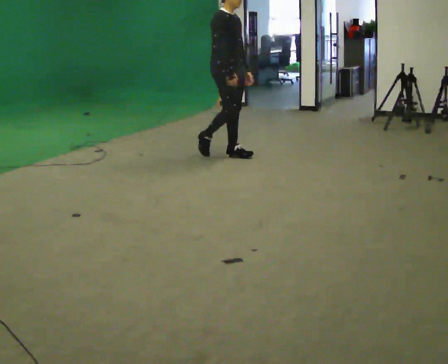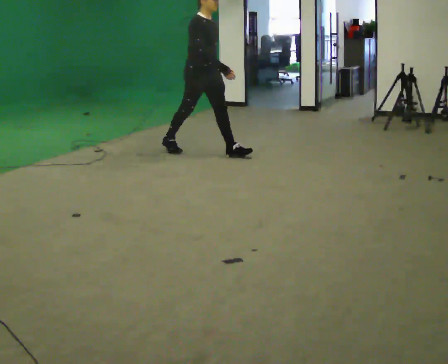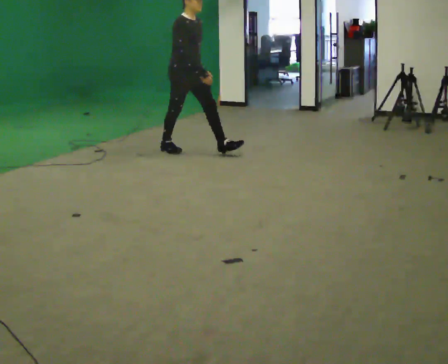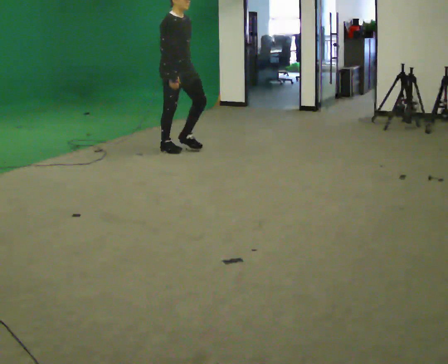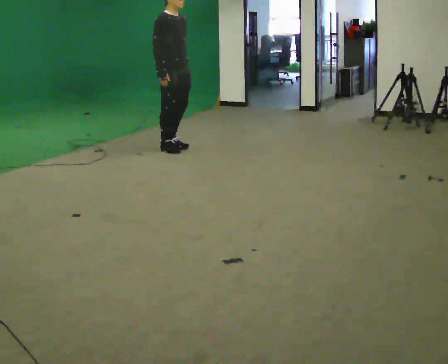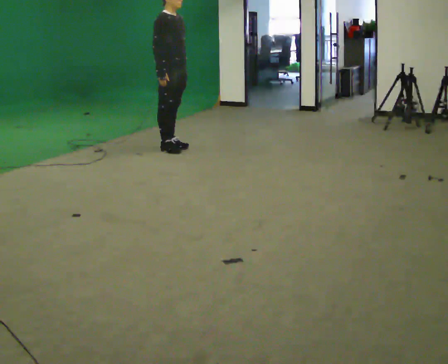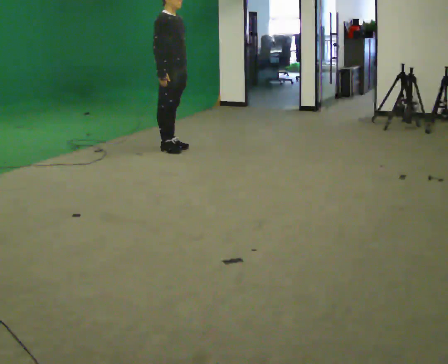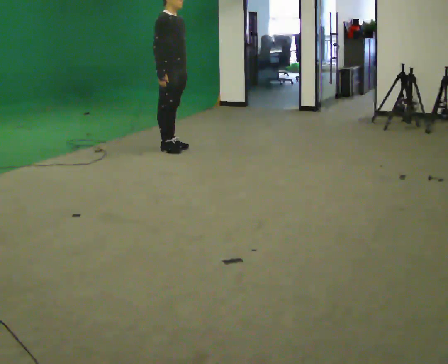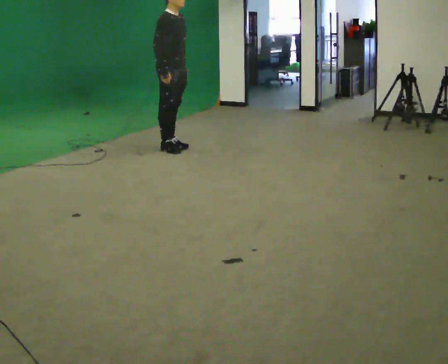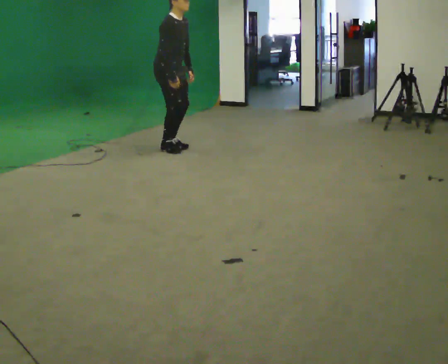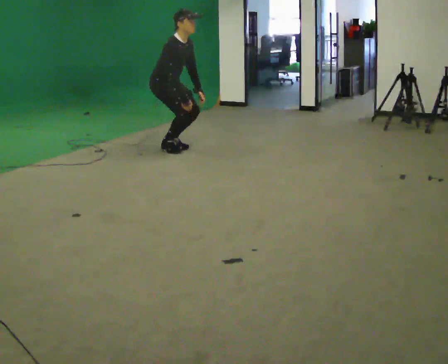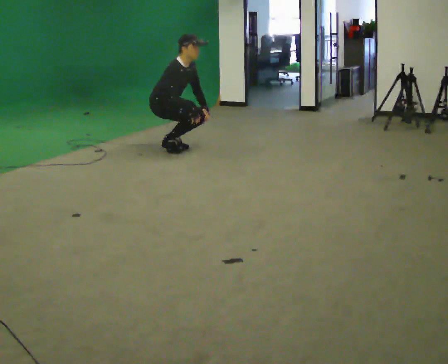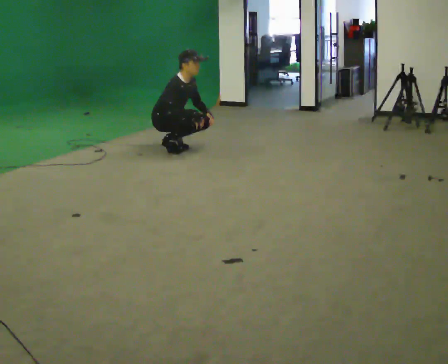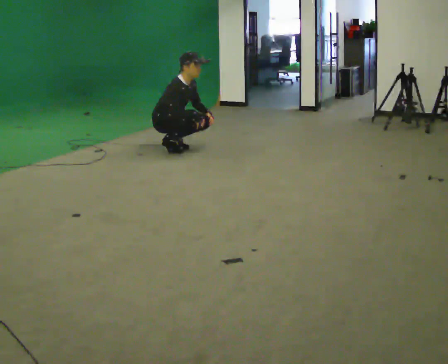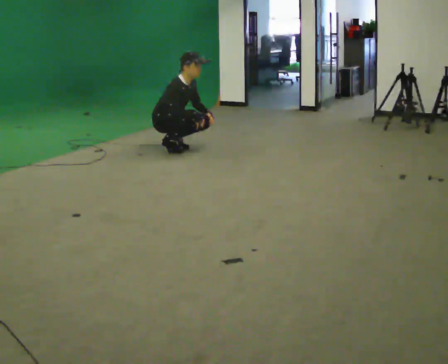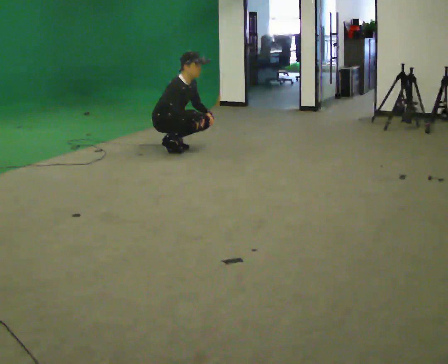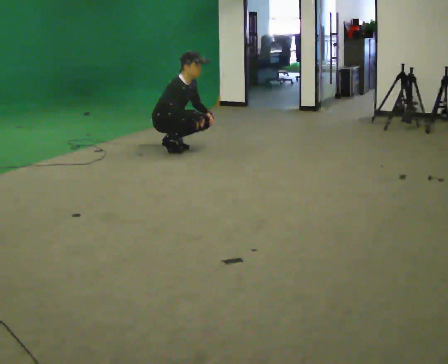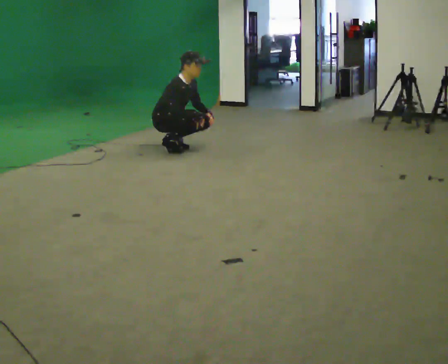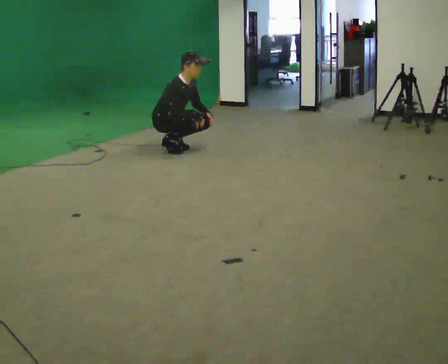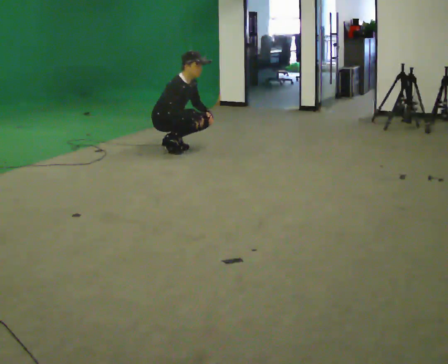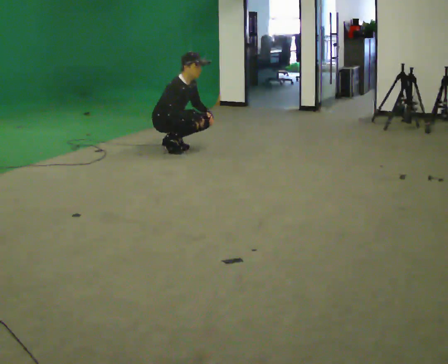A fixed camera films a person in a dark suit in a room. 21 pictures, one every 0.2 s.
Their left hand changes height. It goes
downward.
The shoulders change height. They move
downward.
0.0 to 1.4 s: In the picture they go to the left and away from the camera, about 0.75 m in 1 step, which for them is backward.
1.4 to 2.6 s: The shoulders move downward. In the picture the upper body tilts clockwise, shoulders to the right, as they bend forward. In the picture their right hand goes downward and to the right.
2.6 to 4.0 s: The person keeps their place and pose.
The film runs backward here.
